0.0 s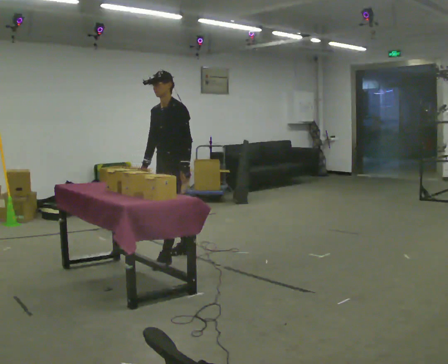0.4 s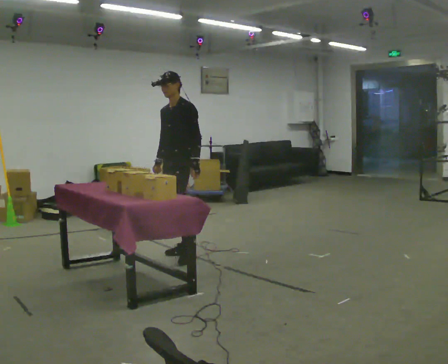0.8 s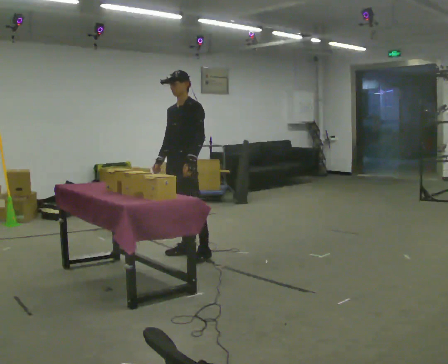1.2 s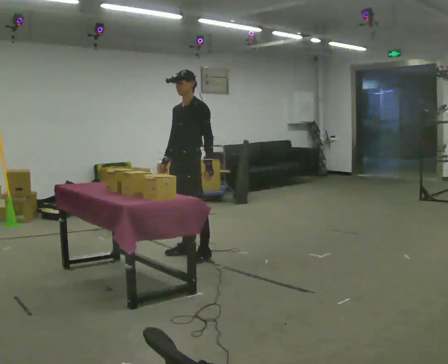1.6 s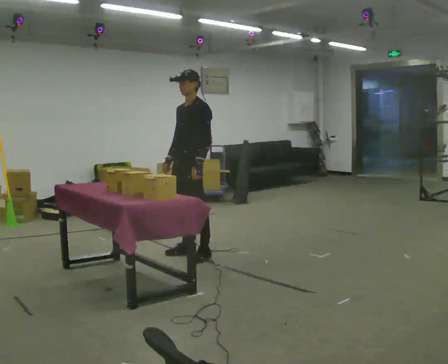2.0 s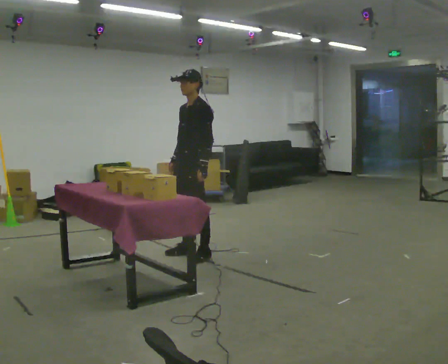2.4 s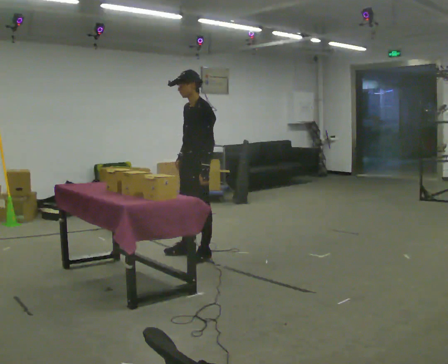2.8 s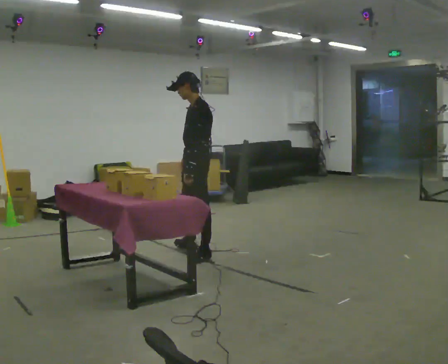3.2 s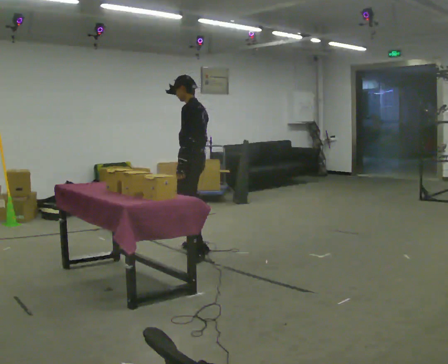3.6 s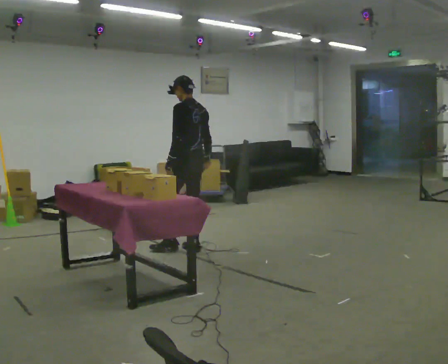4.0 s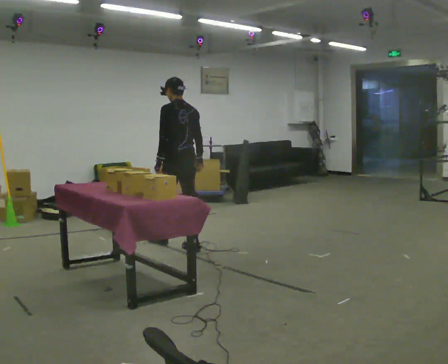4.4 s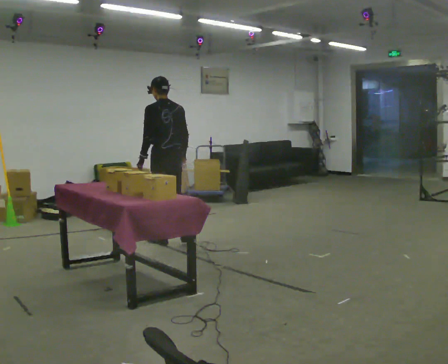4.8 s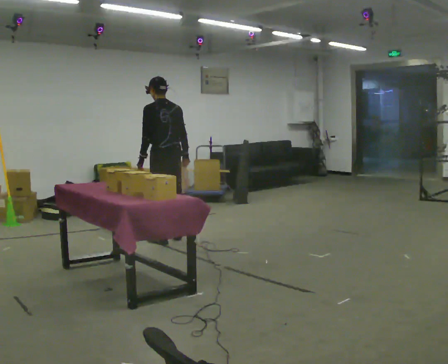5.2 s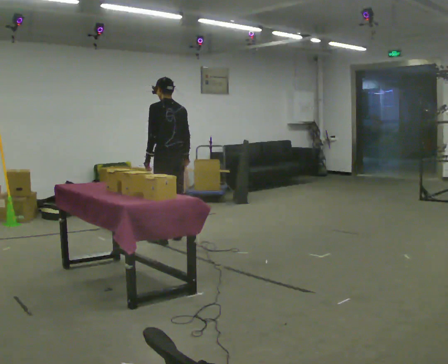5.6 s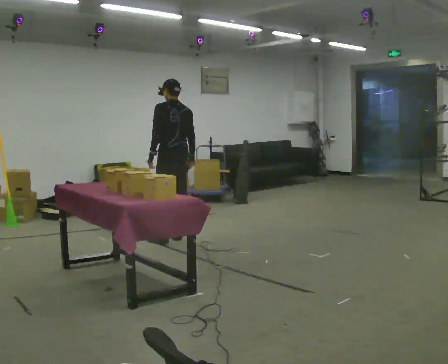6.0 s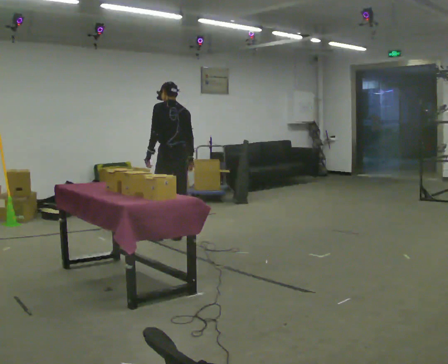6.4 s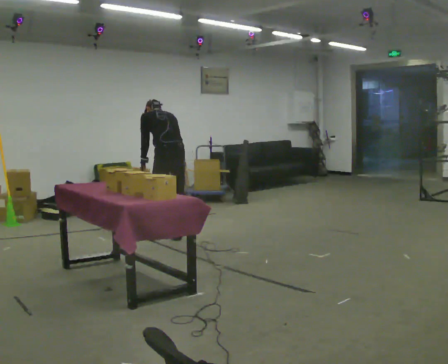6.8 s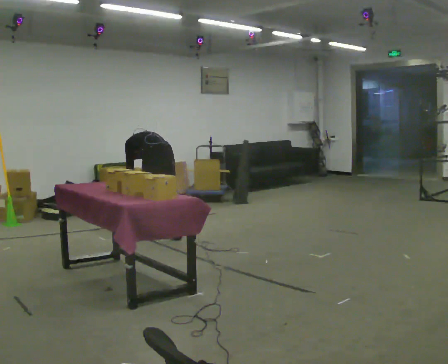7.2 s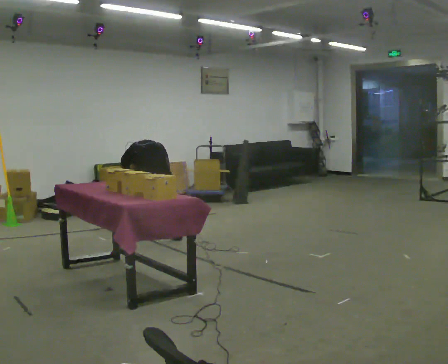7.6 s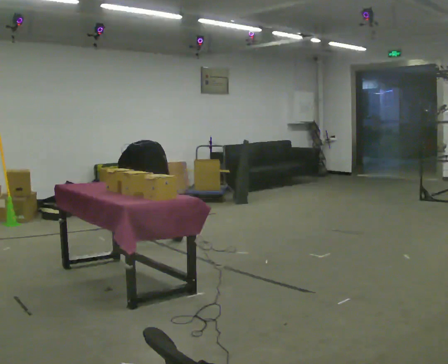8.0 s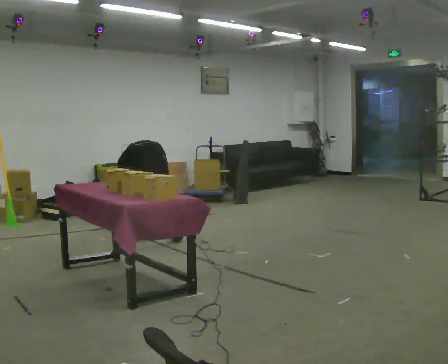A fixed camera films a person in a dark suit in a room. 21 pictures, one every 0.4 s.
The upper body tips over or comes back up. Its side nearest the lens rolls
upward.
The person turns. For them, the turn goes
to their right.
0.0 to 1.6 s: In the picture they go to the right, about 0.25 m in 1 step.
1.6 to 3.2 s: The part of the body nearest the lens slides to the left as the person turns to their right by about 45 degrees. In the picture they go away from the camera, about 0.25 m, which for them is to their right. In the picture their right hand goes to the right.
3.2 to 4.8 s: The person turns about 45 degrees to their right, clockwise seen from above, so the part of the body nearest the lens slides to the left. In the picture they go away from the camera and to the left, about 0.5 m in 2 steps, which for them is forward.
4.8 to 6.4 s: The upper body tips away from the camera, its near side rolling upward, as they bend forward.
6.4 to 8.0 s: In the picture they go to the left, about 0.25 m, which for them is to their left and forward. The shoulders move downward. The upper body tips away from the camera, its near side rolling upward, as they bend forward. In the picture their left hand goes downward.
The film runs forward here.
